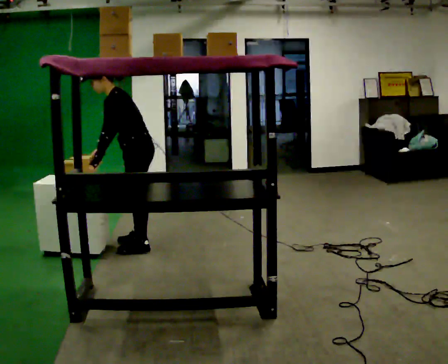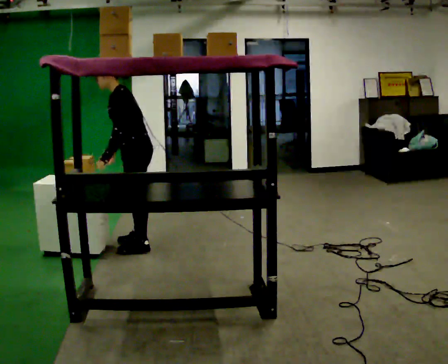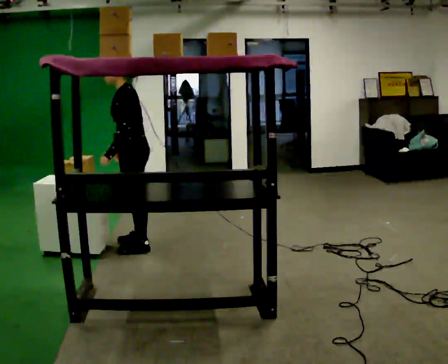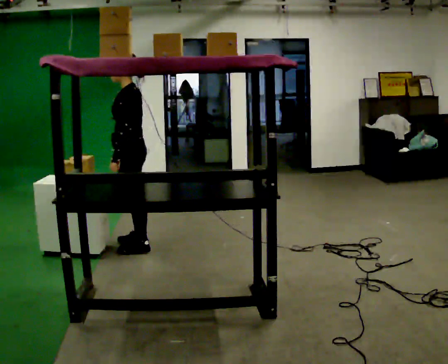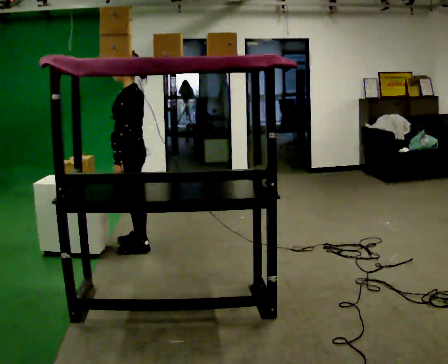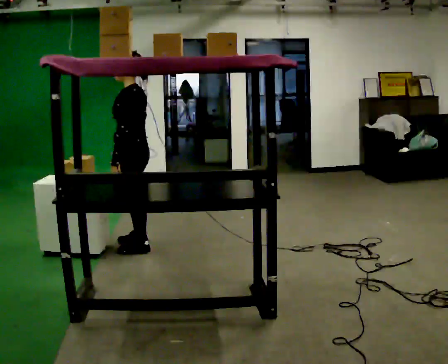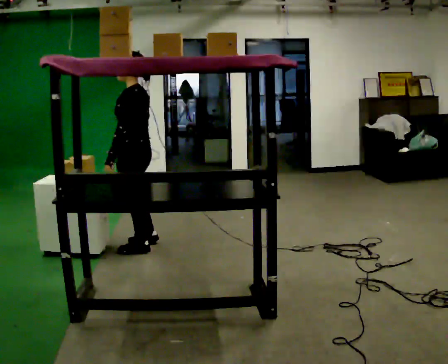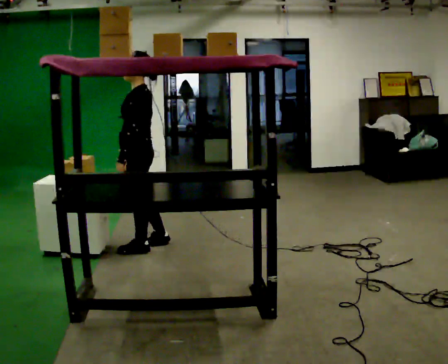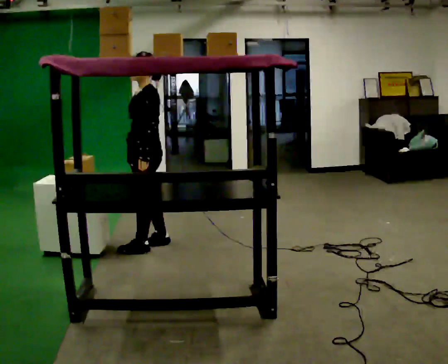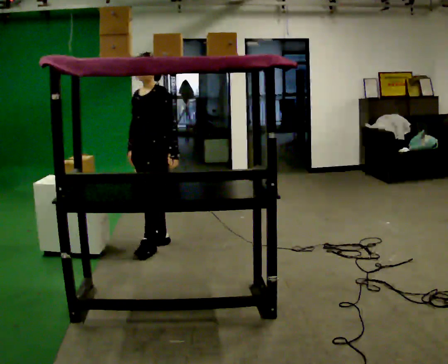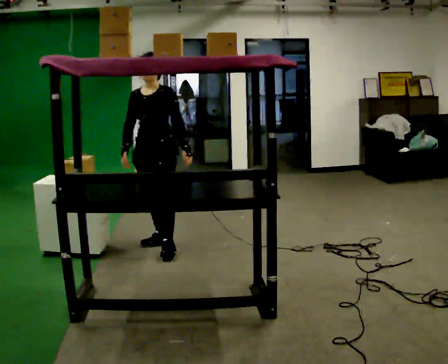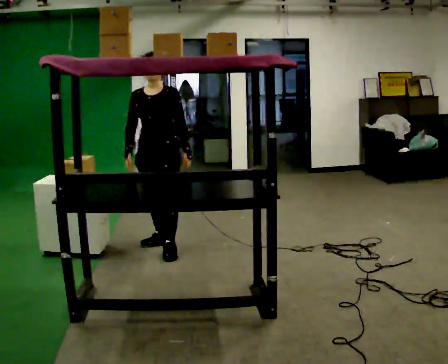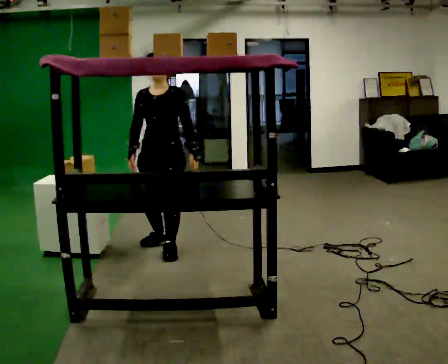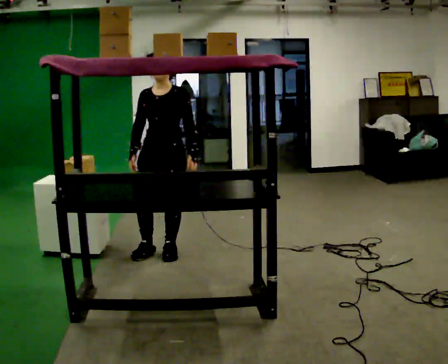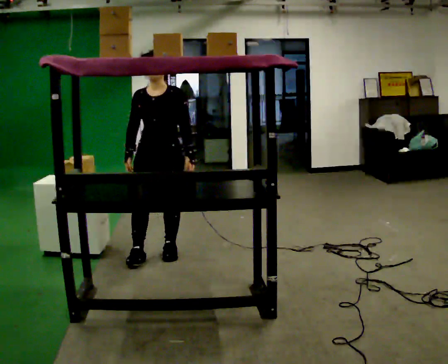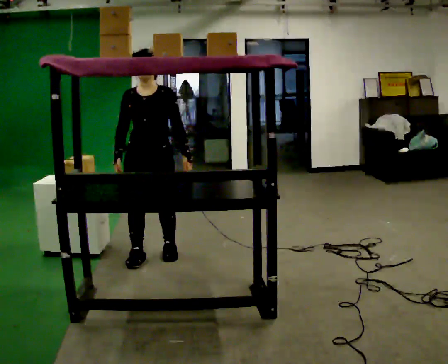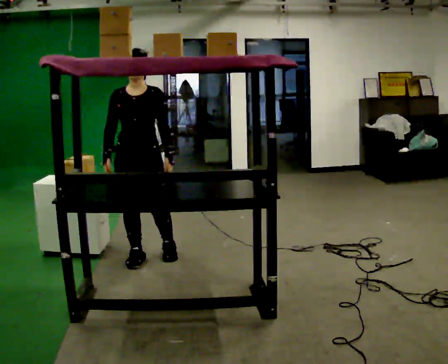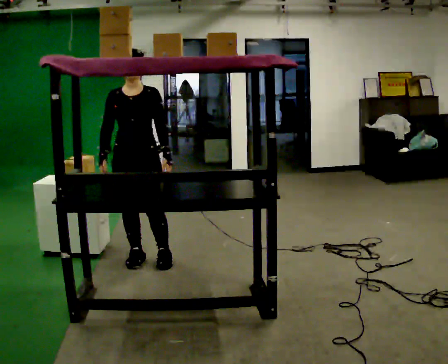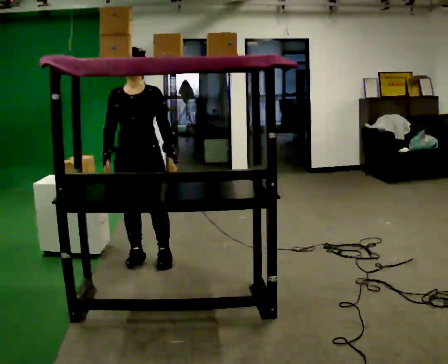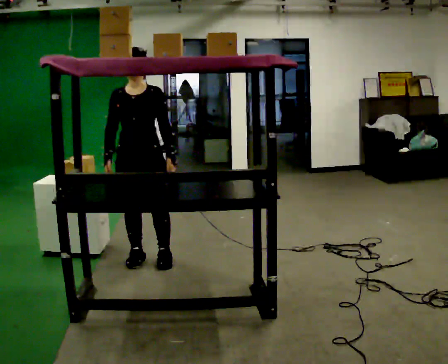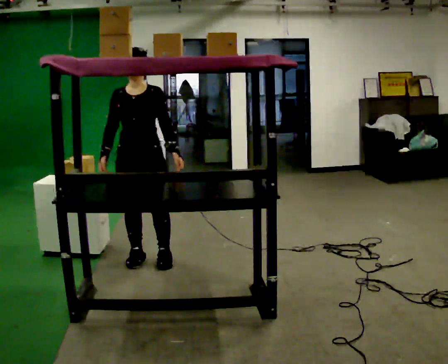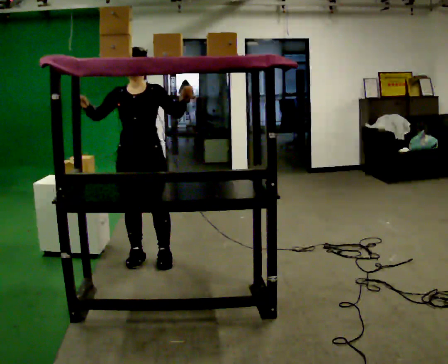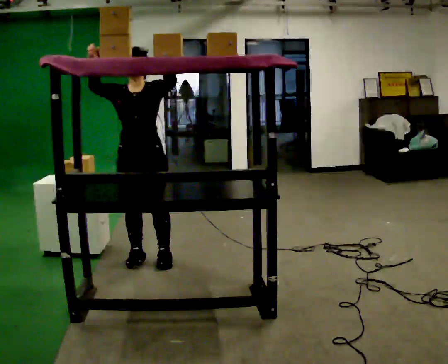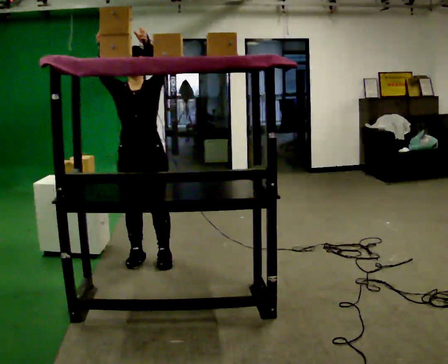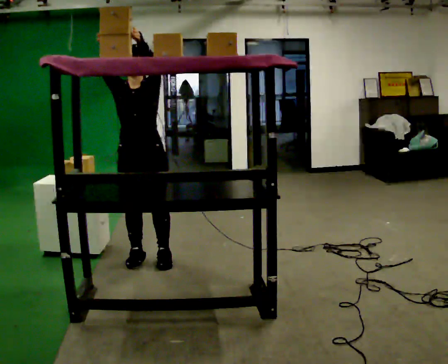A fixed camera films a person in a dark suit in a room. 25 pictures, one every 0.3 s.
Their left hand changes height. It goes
upward.
Their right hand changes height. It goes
upward.
0.0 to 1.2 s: In the picture the upper body tilts clockwise, shoulders to the right, as they lean back or straighten.
1.2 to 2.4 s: Seen from above the body turns counterclockwise, about 30 degrees: to their left, with its near side sliding to the right.
2.4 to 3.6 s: The person turns about 45 degrees to their left, counterclockwise seen from above, so the part of the body nearest the lens slides to the right. In the picture they go toward the camera, about 0.25 m in 1 step, which for them is to their left.
3.6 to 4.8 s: In the picture they go toward the camera and to the left, about 0.25 m in 1 step, which for them is forward and to their right.
4.8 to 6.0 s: The person moves a little, or ends about where they began.
6.0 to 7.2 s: In the picture their right hand goes upward.
The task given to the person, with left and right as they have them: Take an object from the waist-height shelf and place it on the highest shelf you can comfortably reach. Repeat at your own pace until the operator says stop. Keep both feet on the marked spots for the whole take. If you have to step, stop and tell the operator.
The film runs forward here.
